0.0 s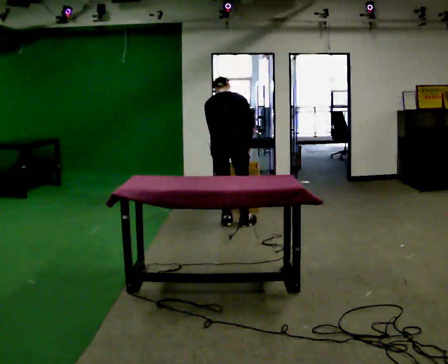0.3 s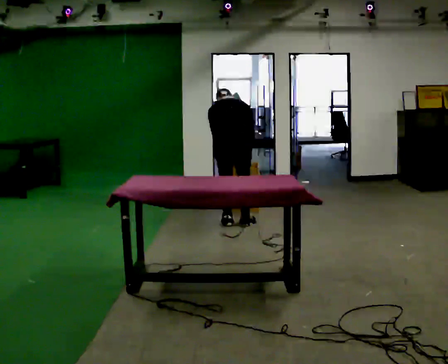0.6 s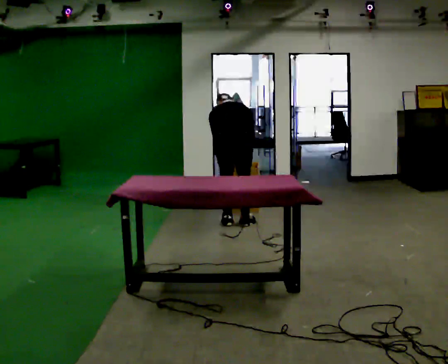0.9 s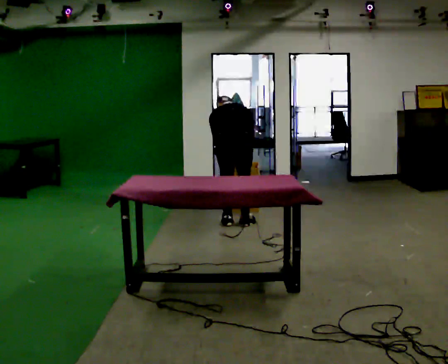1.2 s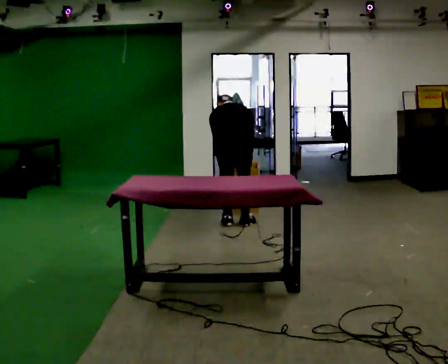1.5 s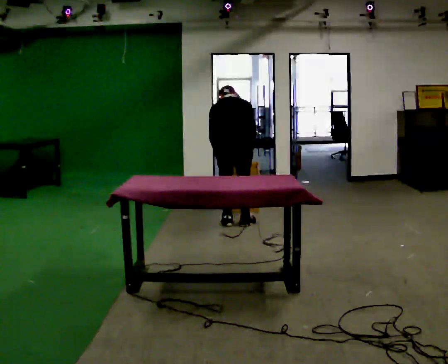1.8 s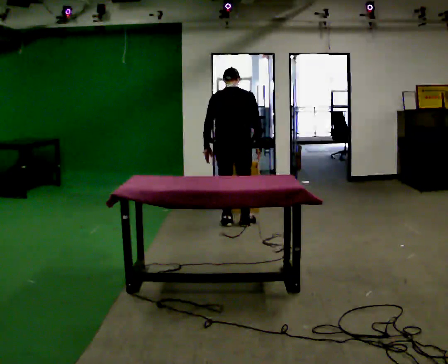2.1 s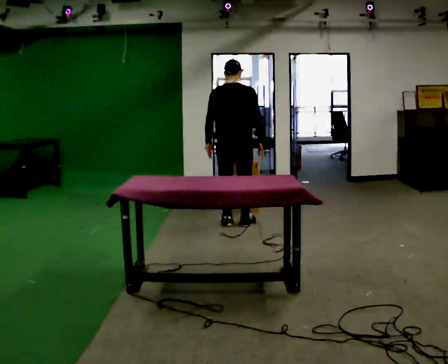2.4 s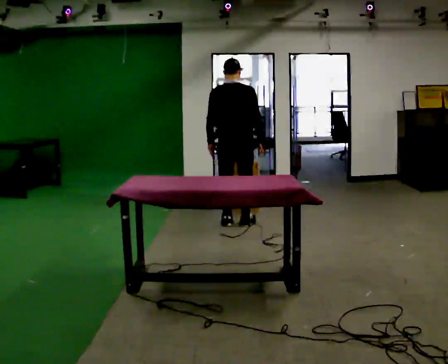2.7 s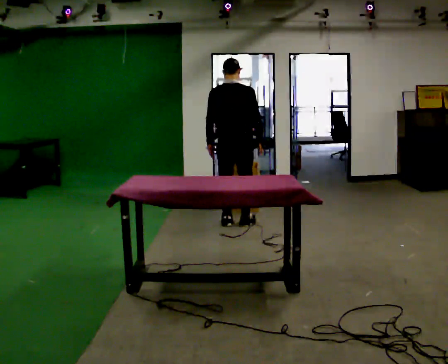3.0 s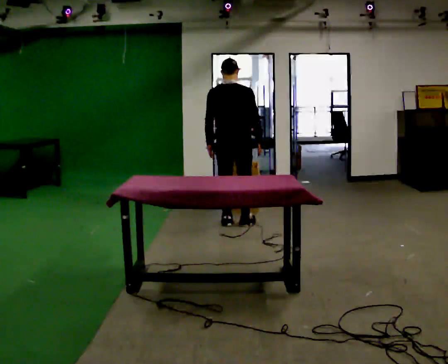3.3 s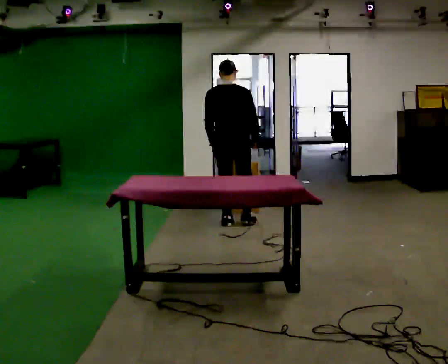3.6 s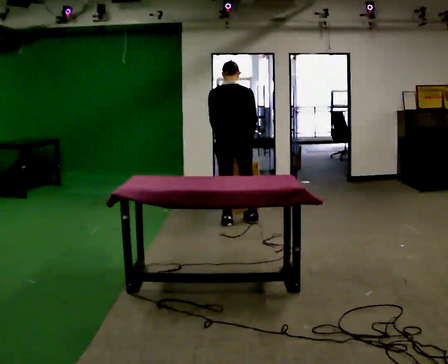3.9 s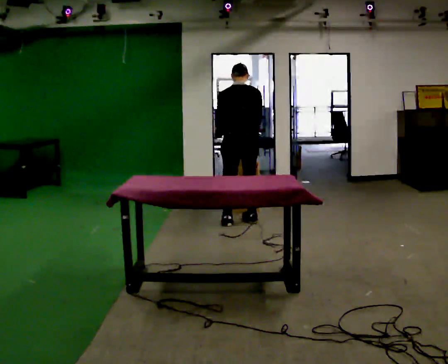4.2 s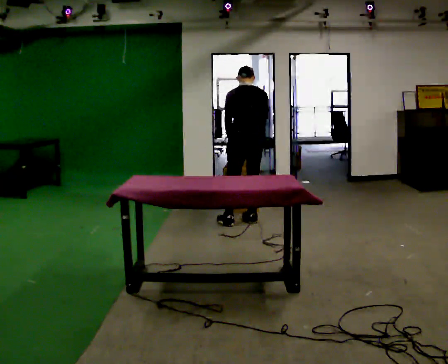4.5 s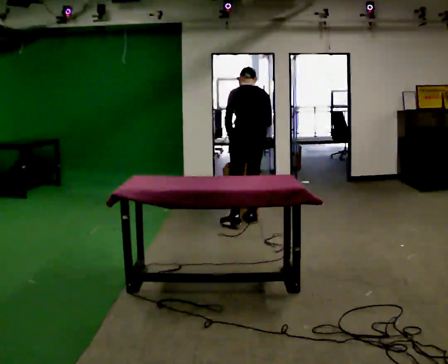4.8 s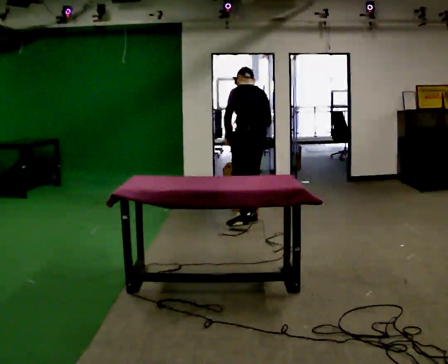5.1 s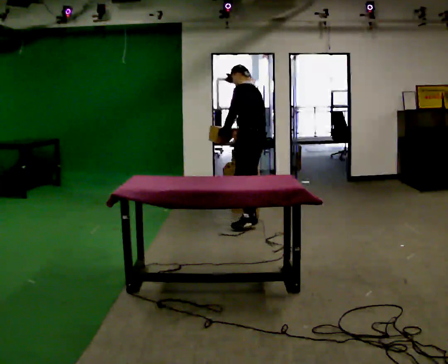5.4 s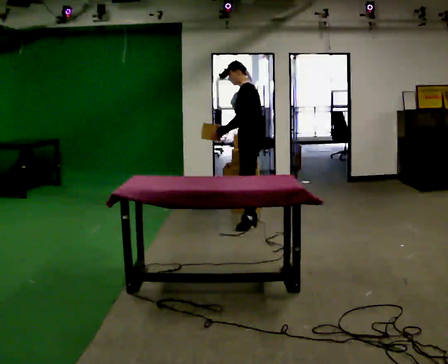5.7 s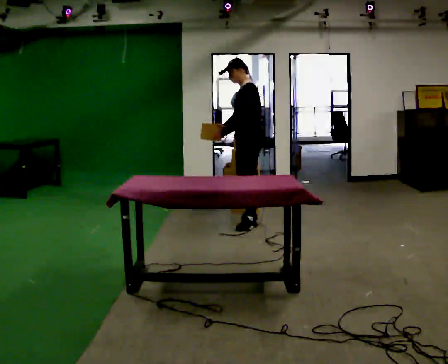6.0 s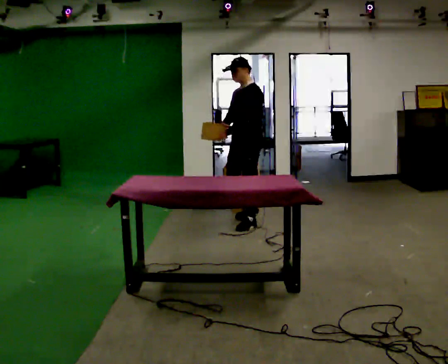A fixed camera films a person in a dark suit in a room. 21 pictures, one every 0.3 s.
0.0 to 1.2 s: The upper body tips away from the camera, its near side rolling upward, as they bend forward.
1.2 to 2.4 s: The upper body goes upward. The upper body tips toward the camera, its near side rolling downward, as they lean back or straighten.
2.4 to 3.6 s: The person moves a little, or ends about where they began.
3.6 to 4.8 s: The person turns about 45 degrees to their left, counterclockwise seen from above, so the part of the body nearest the lens slides to the right. In the picture they go to the right, about 0.25 m, which for them is to their right.
4.8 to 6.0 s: The part of the body nearest the lens slides to the right as the person turns to their left by about 75 degrees. In the picture they go toward the camera, about 0.25 m in 1 step. The upper body tips toward the camera, its near side rolling downward, as they lean back or straighten. In the picture their right hand goes to the left.
The film runs forward here.
